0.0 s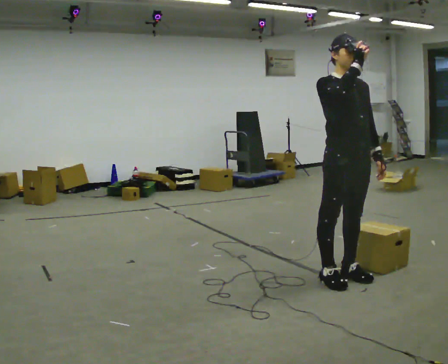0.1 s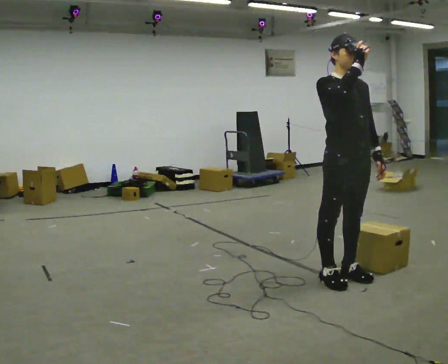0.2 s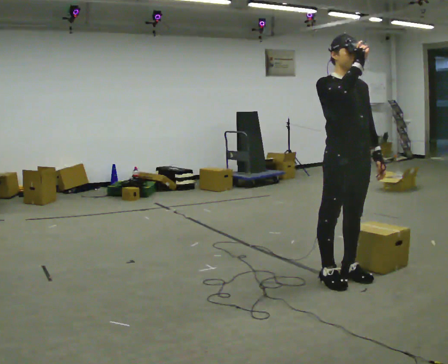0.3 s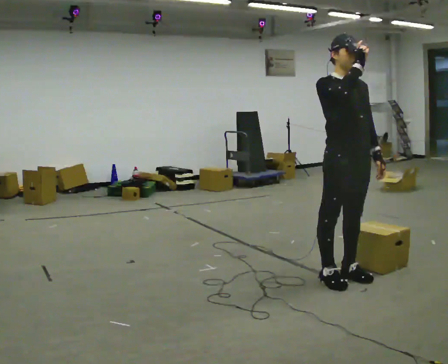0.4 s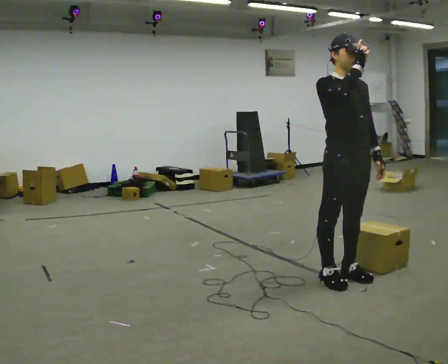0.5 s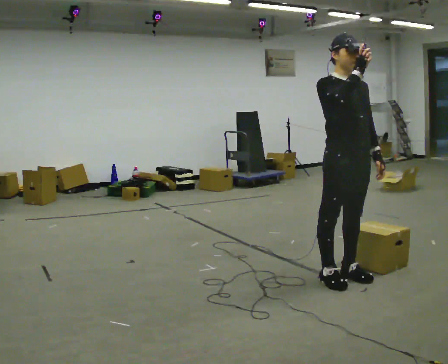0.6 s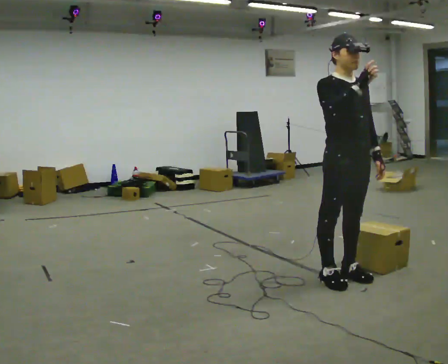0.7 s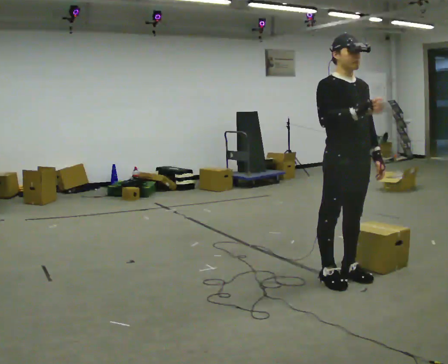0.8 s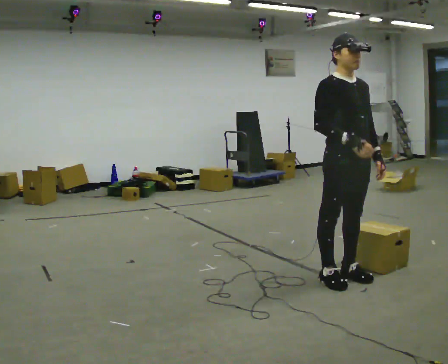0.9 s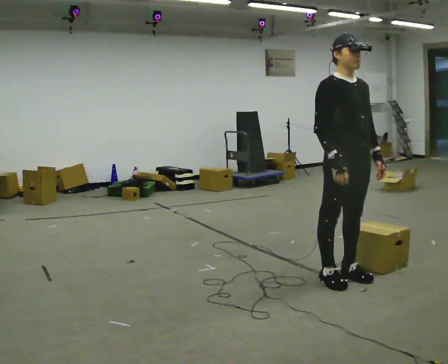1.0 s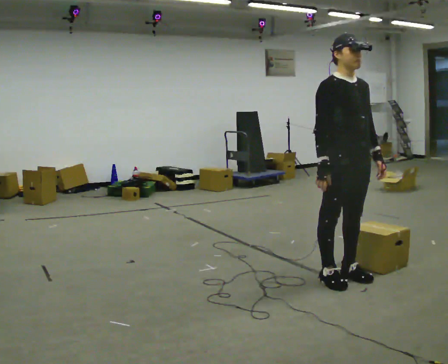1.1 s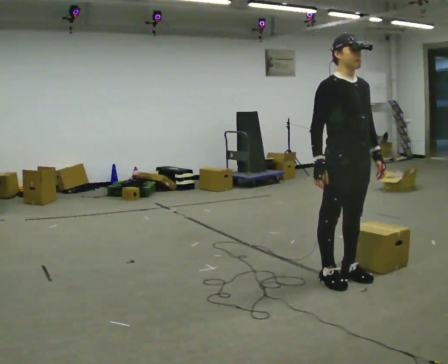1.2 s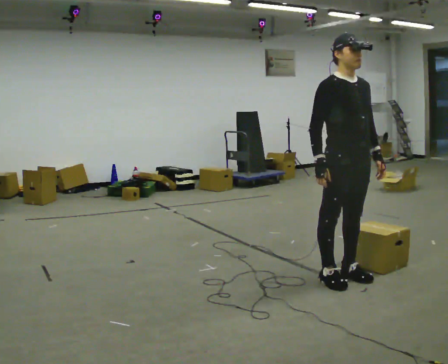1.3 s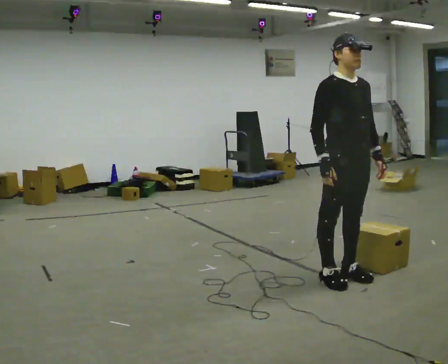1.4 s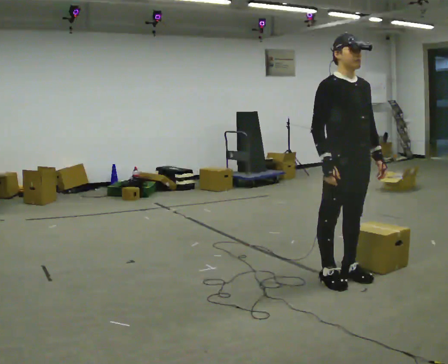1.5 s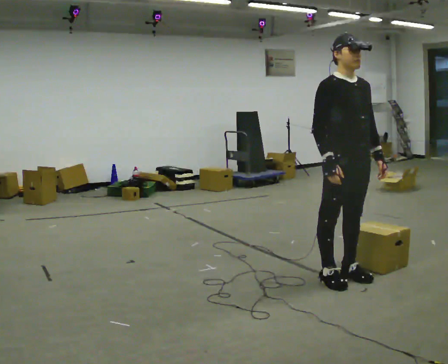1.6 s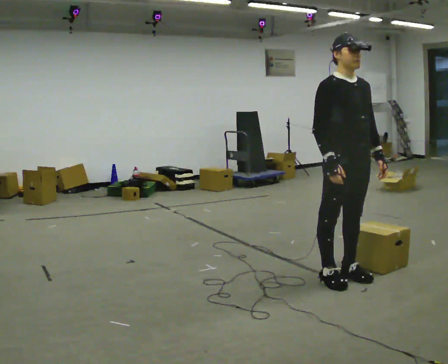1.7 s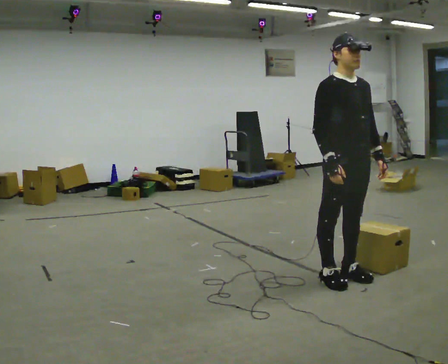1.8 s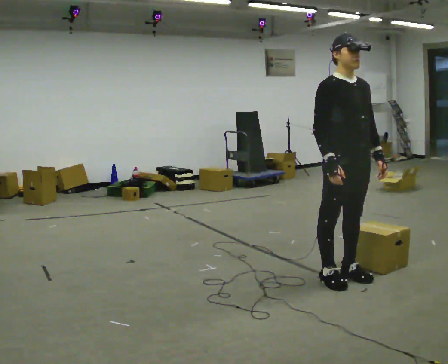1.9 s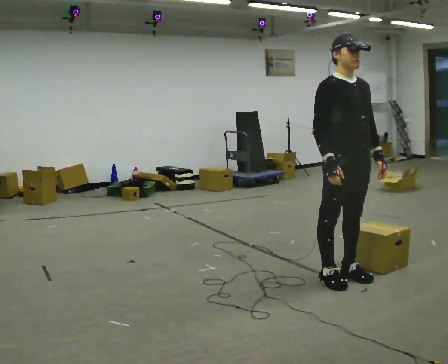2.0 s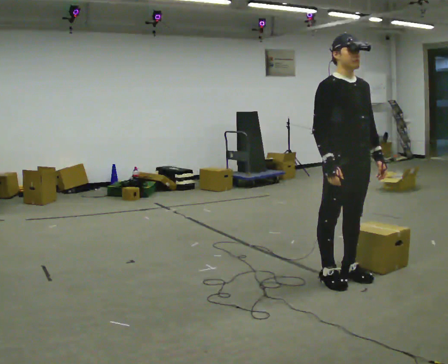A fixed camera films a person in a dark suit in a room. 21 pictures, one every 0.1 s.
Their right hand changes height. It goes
downward.
0.0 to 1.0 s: In the picture their right hand goes downward.
1.0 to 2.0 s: The person moves a little, or ends about where they began.
The film runs forward here.
